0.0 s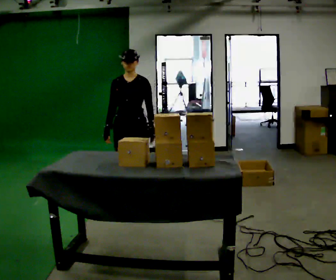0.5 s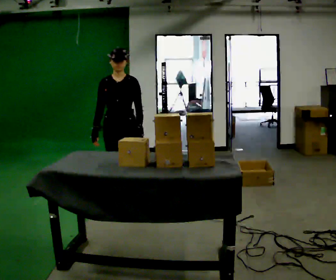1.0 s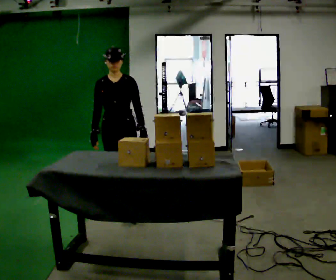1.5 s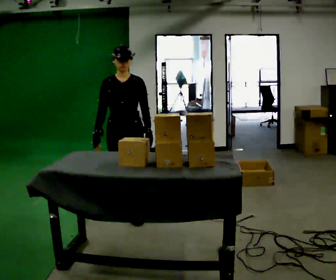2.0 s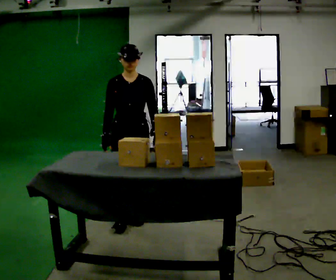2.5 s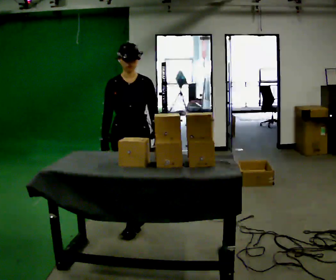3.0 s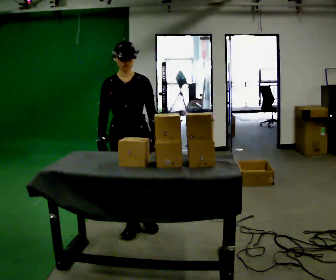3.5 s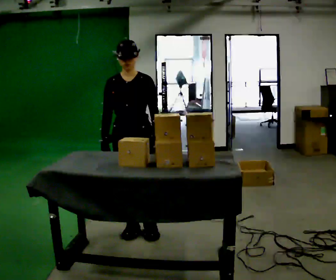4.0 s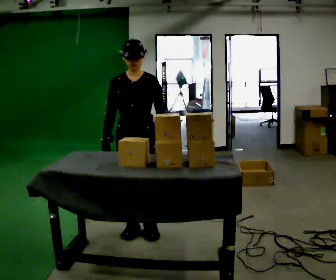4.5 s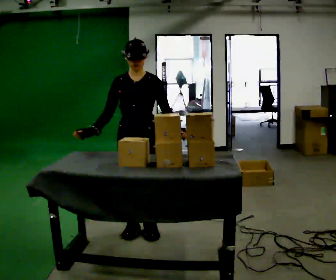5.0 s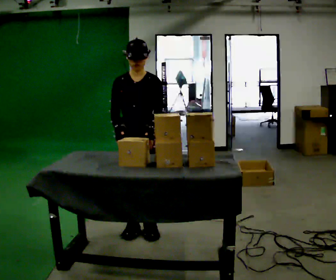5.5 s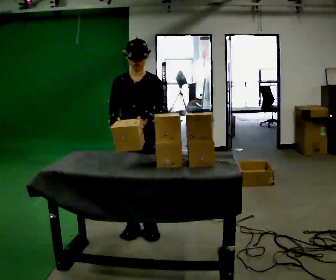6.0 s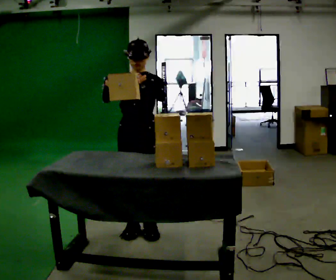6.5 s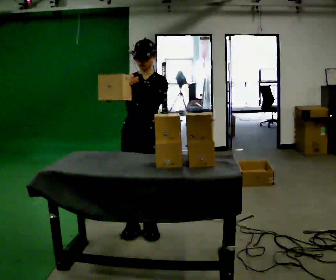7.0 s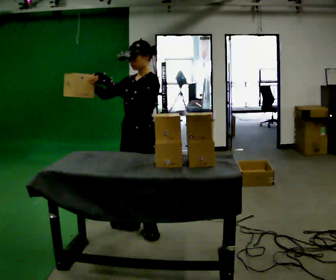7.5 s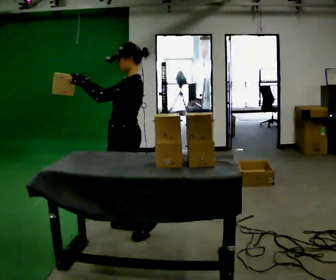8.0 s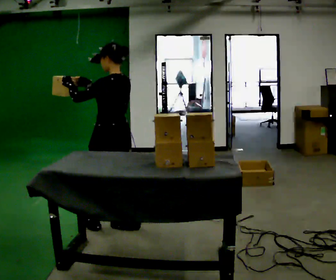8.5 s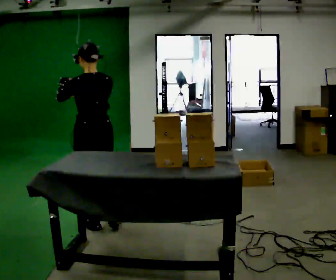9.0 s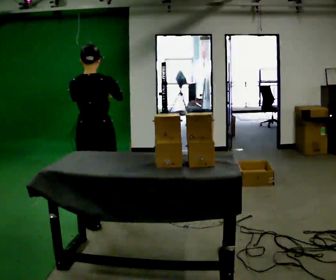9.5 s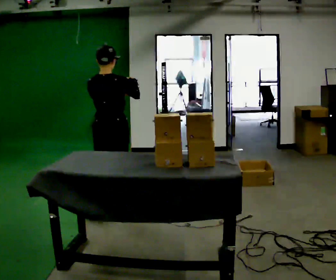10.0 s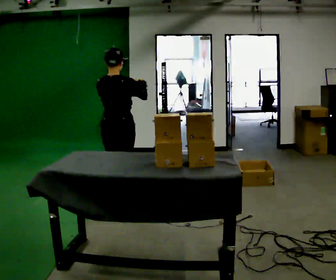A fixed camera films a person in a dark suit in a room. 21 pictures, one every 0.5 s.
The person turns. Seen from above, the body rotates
clockwise.
The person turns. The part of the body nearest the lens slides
to the left.
0.0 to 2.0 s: In the picture they go toward the camera, about 0.5 m in 1 step, which for them is forward.
2.0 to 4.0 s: In the picture they go toward the camera, about 0.25 m in 2 steps, which for them is forward.
4.0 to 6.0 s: In the picture their right hand goes upward.
6.0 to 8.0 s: The person turns about 105 degrees to their right, clockwise seen from above, so the part of the body nearest the lens slides to the left. In the picture they go to the left, about 0.25 m in 1 step.
8.0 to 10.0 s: The part of the body nearest the lens slides to the left as the person turns to their right by about 75 degrees. In the picture they go away from the camera, about 0.5 m in 2 steps.
The film runs forward here.
